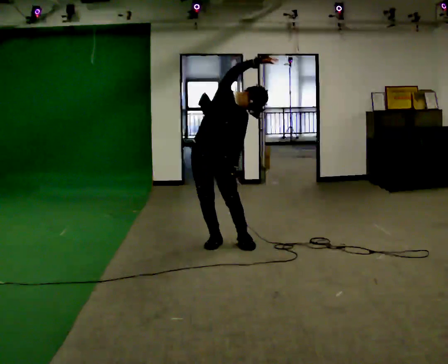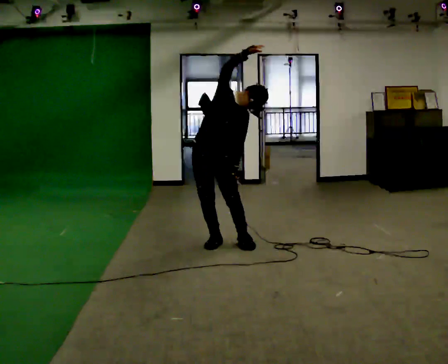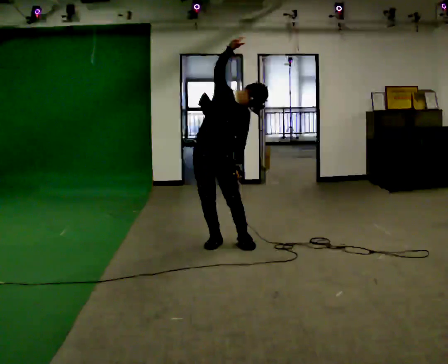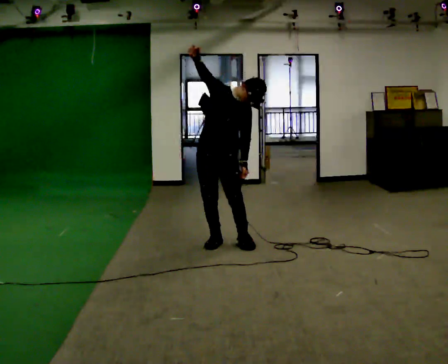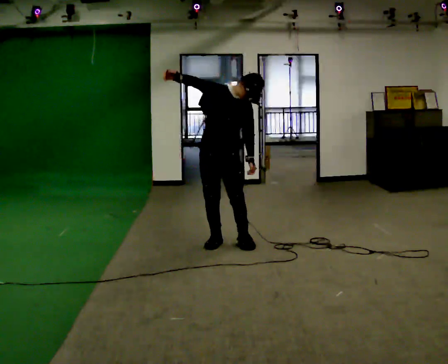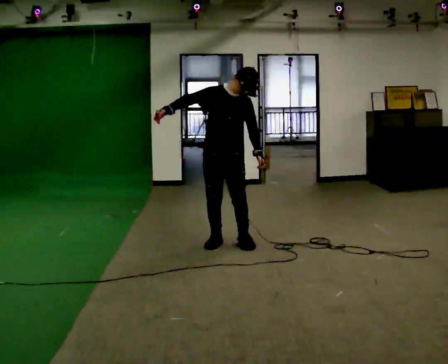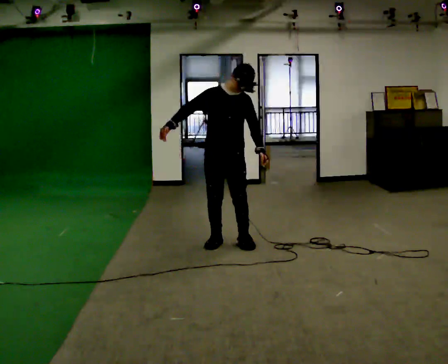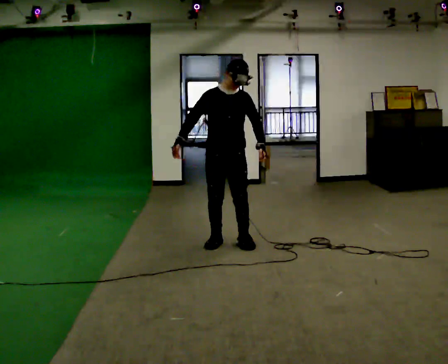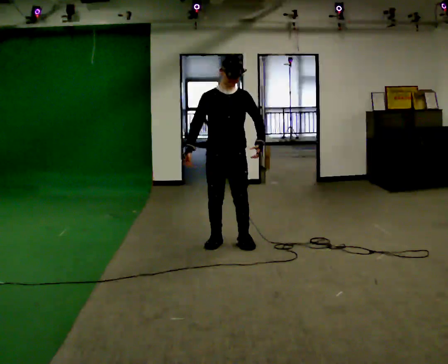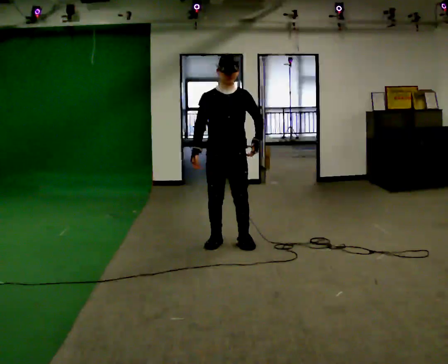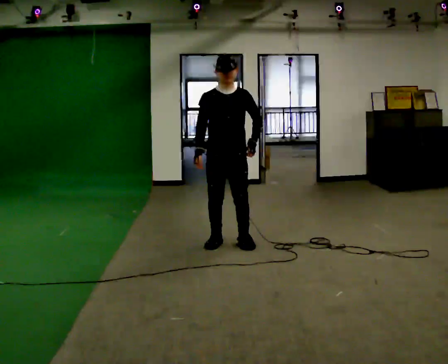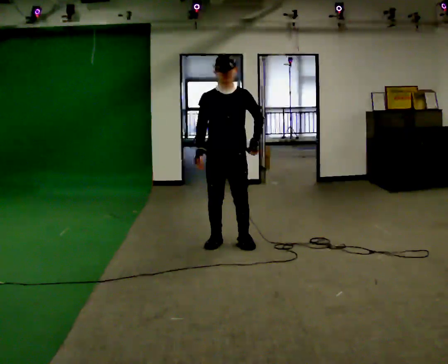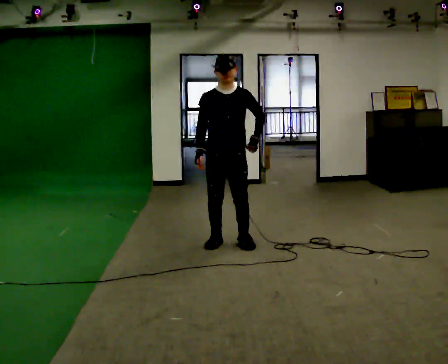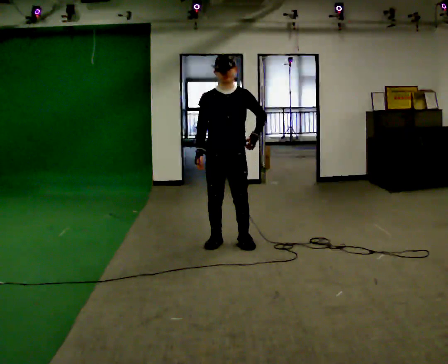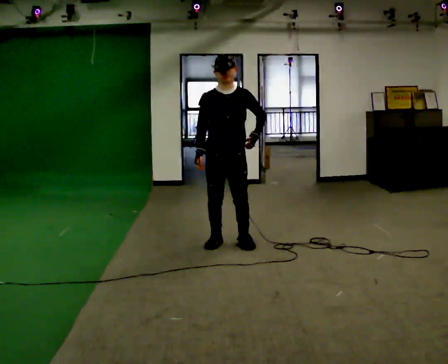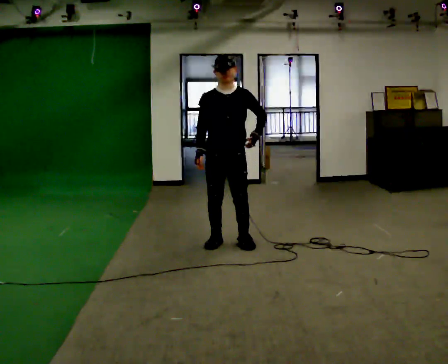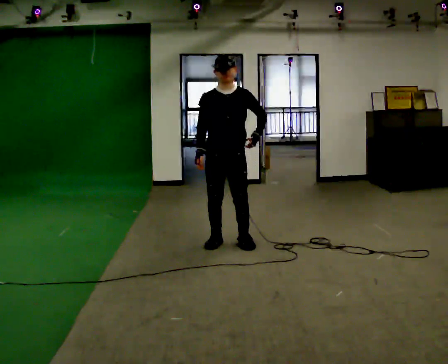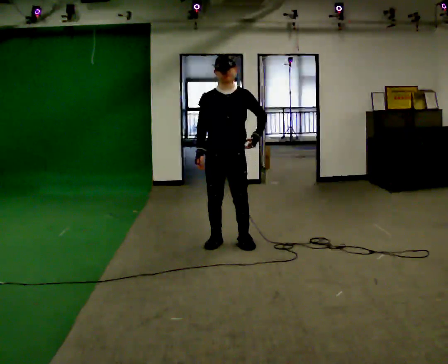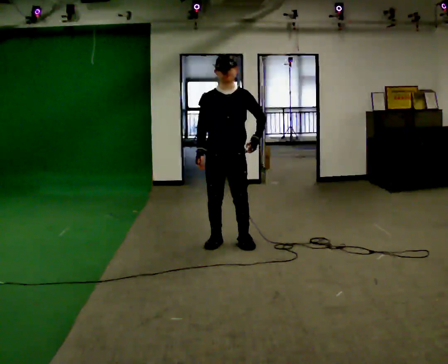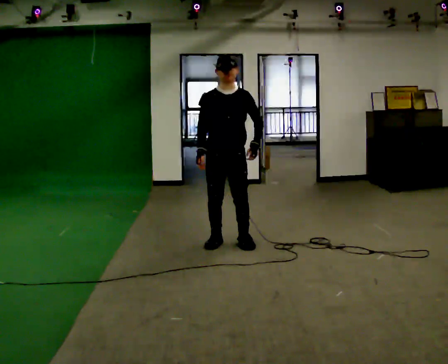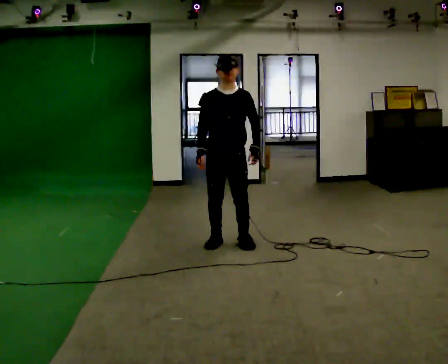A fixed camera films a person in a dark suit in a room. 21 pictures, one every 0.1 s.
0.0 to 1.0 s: In the picture the upper body tilts counterclockwise, shoulders to the left. In the picture their right hand goes downward and to the left, the arm swinging counterclockwise.
1.0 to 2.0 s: The person moves a little, or ends about where they began.
The film runs backward here.
